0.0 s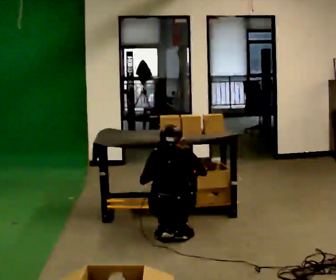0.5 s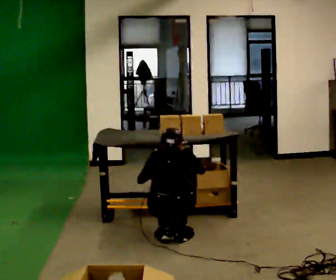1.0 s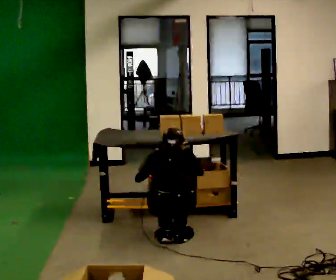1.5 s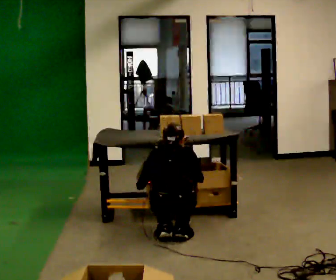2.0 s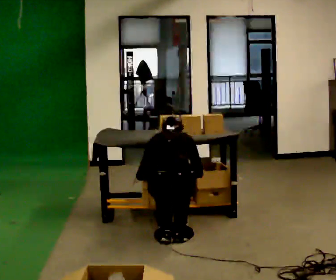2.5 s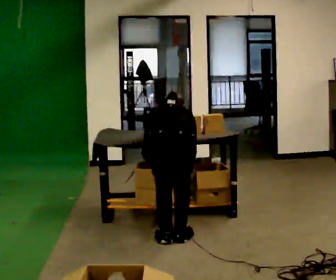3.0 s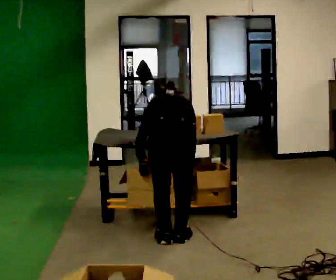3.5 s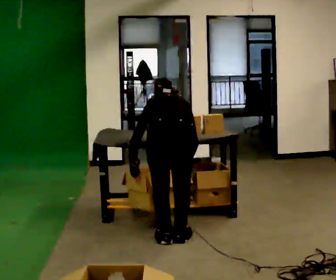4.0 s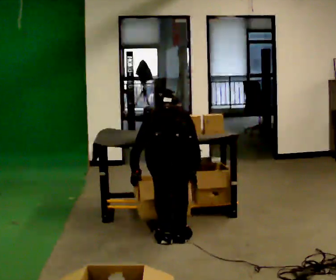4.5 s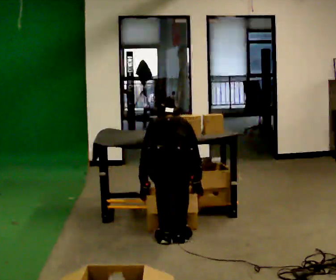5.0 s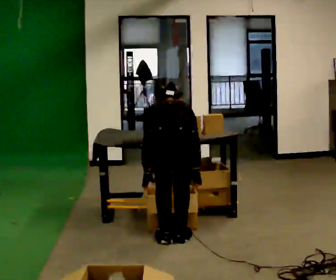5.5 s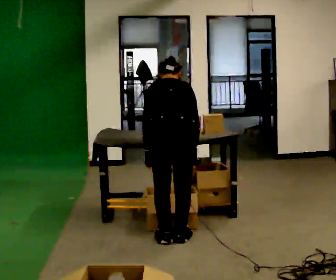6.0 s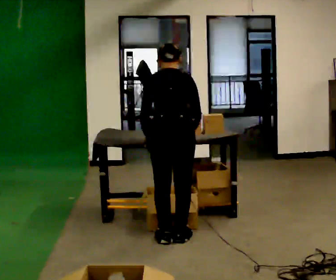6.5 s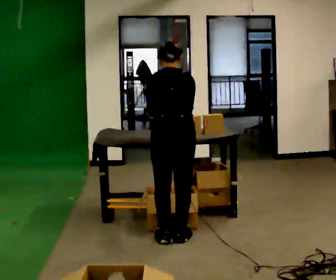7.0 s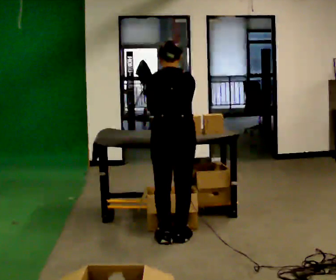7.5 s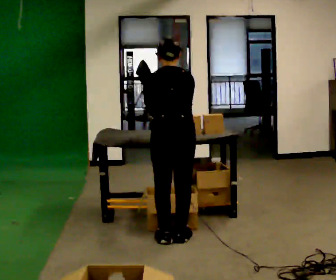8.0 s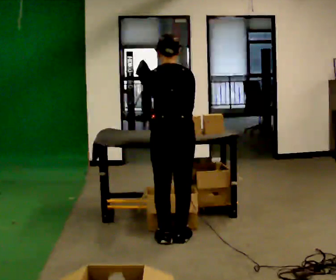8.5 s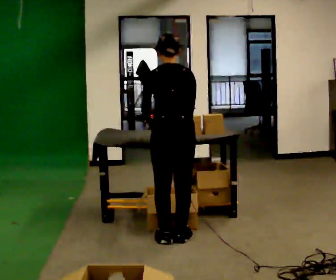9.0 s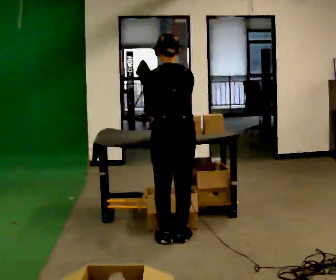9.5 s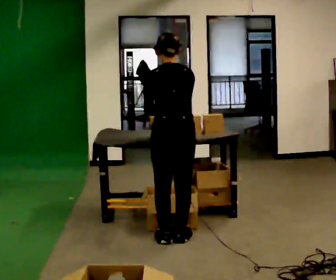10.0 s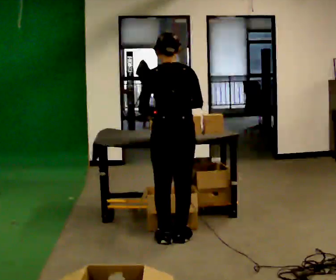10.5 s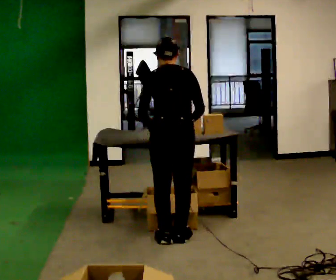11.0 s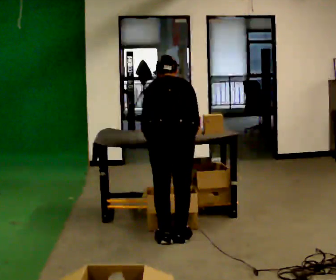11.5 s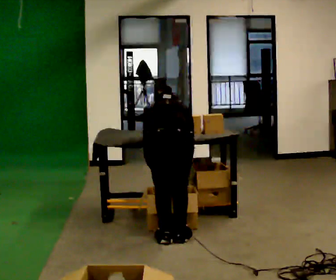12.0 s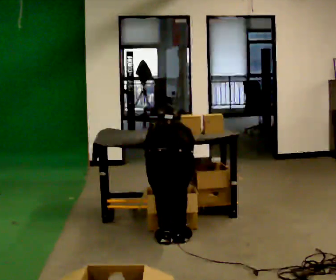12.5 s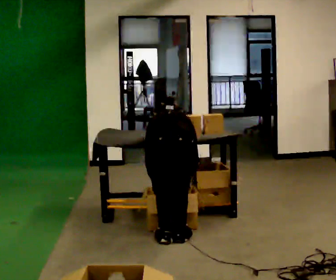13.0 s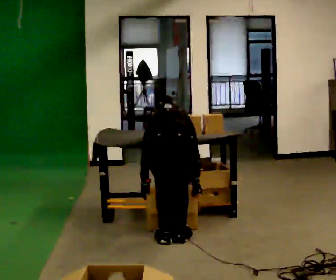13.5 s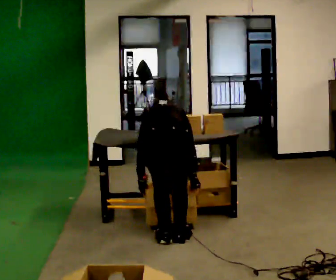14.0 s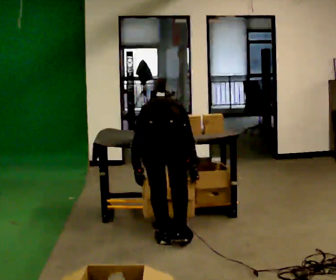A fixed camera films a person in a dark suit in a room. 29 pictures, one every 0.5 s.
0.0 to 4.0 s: The upper body goes upward.
4.0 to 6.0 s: In the picture they go away from the camera, about 0.25 m, which for them is forward. The upper body tips toward the camera, its near side rolling downward, as they lean back or straighten.
6.0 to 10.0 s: The upper body tips toward the camera, its near side rolling downward, as they lean back or straighten.
10.0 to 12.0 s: The shoulders move downward. The upper body tips away from the camera, its near side rolling upward, as they bend forward. In the picture their right hand goes downward.
12.0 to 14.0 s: The shoulders move upward.
The film runs backward here.
